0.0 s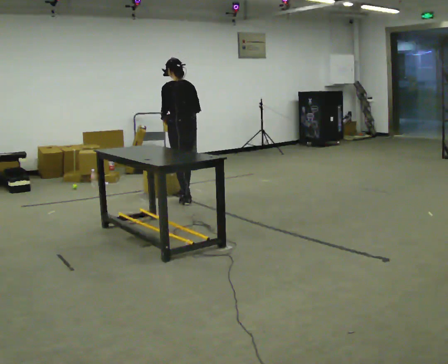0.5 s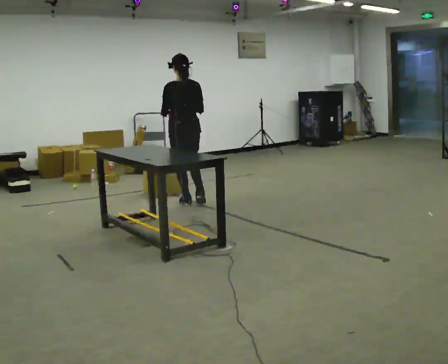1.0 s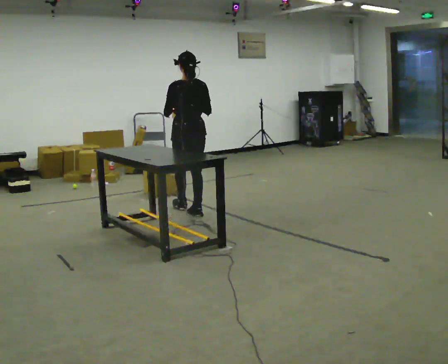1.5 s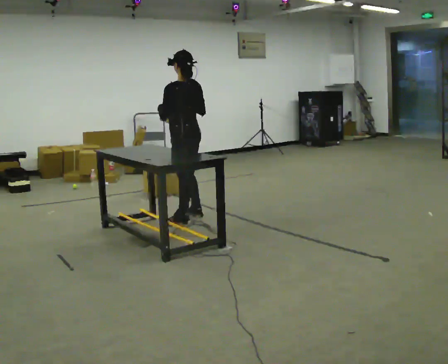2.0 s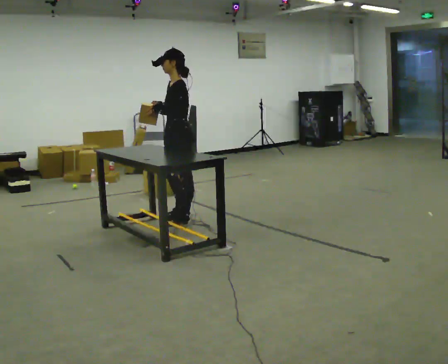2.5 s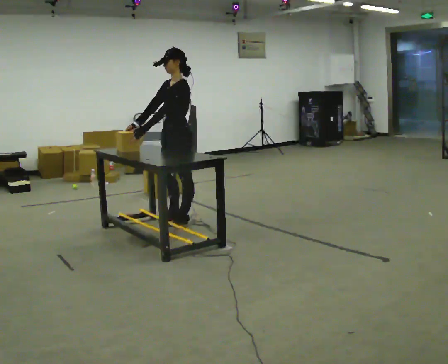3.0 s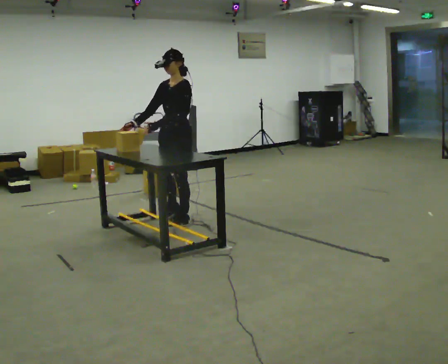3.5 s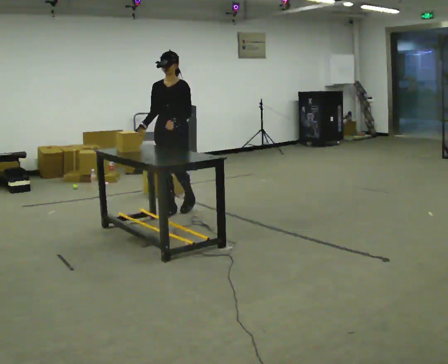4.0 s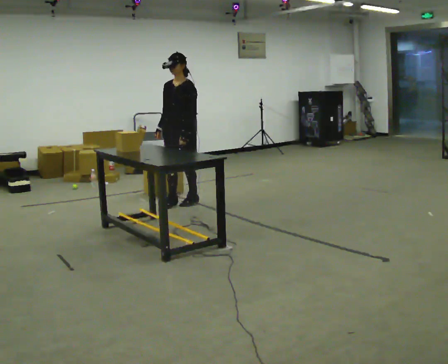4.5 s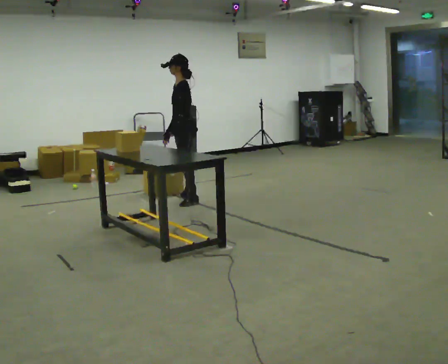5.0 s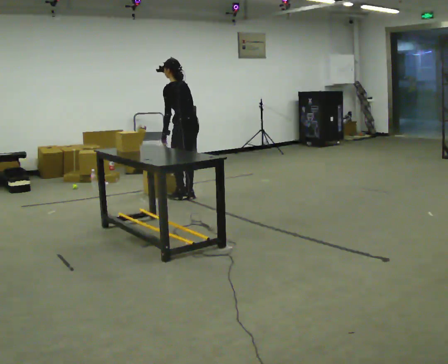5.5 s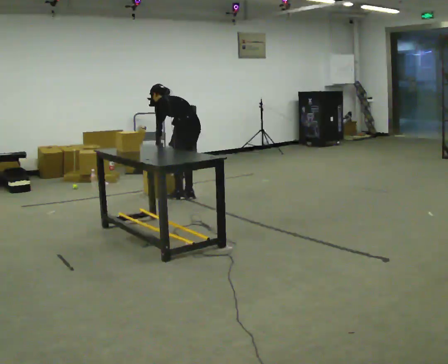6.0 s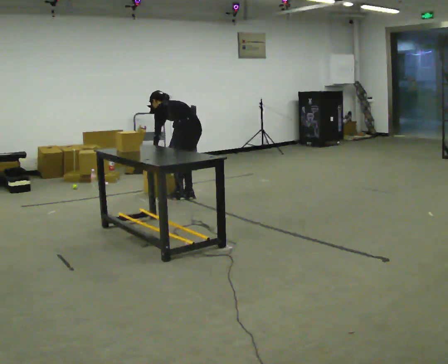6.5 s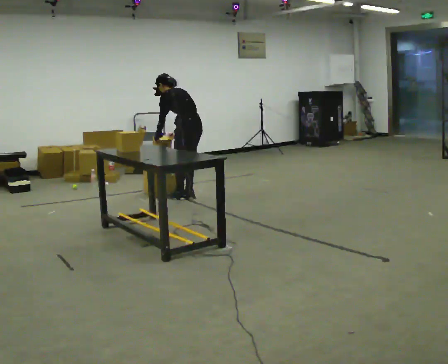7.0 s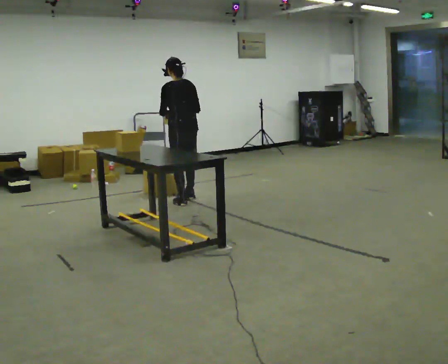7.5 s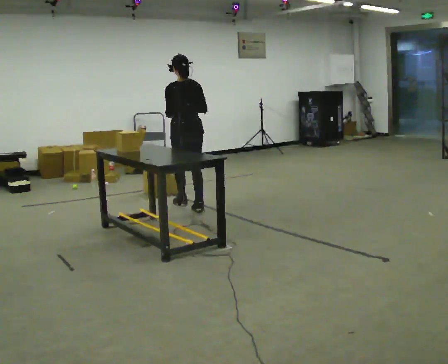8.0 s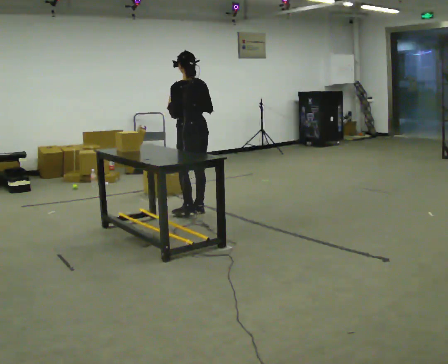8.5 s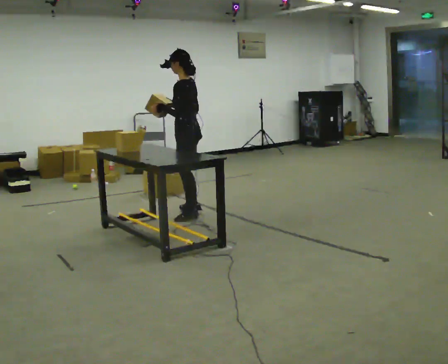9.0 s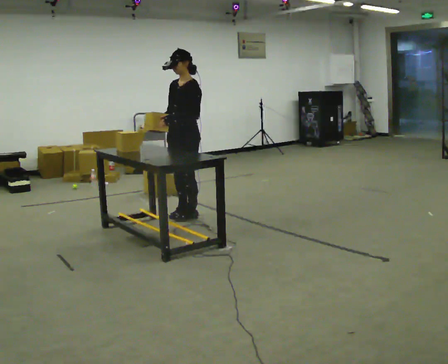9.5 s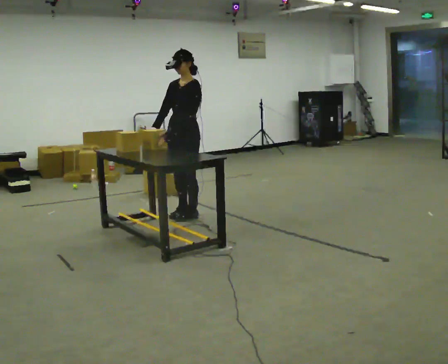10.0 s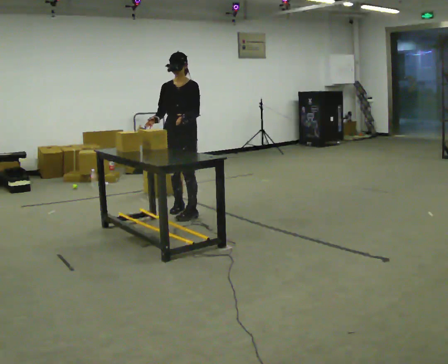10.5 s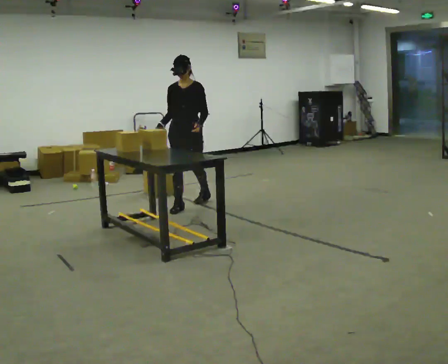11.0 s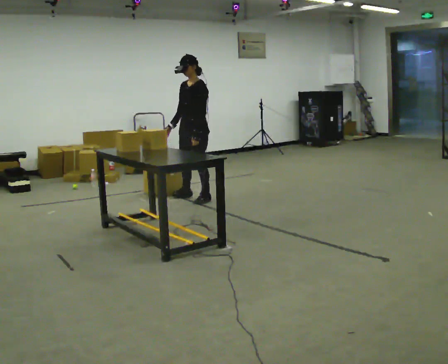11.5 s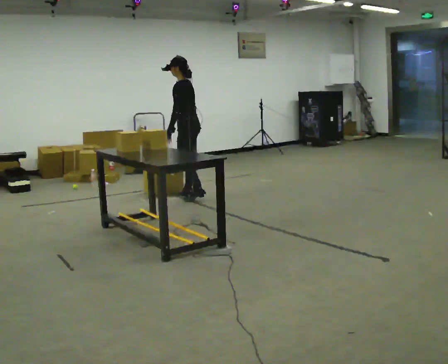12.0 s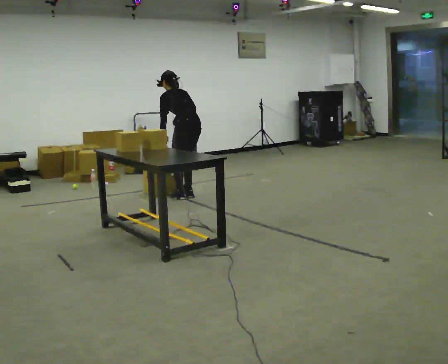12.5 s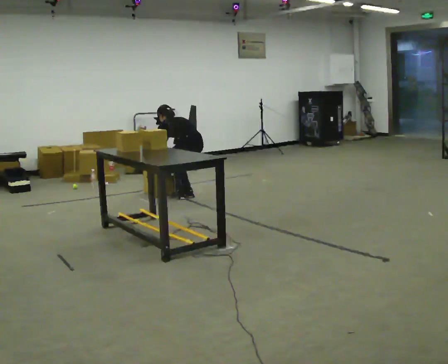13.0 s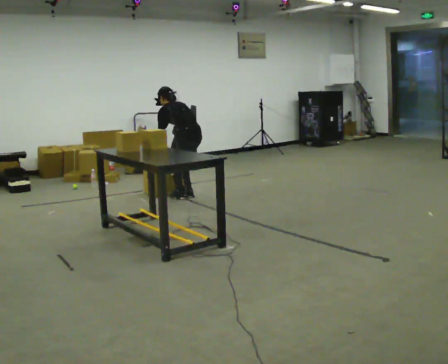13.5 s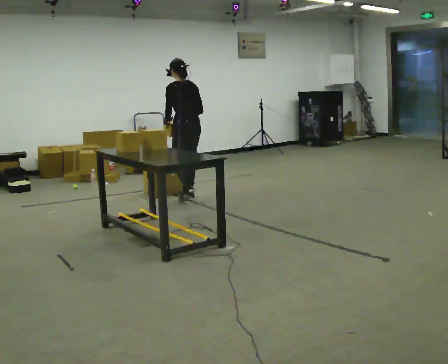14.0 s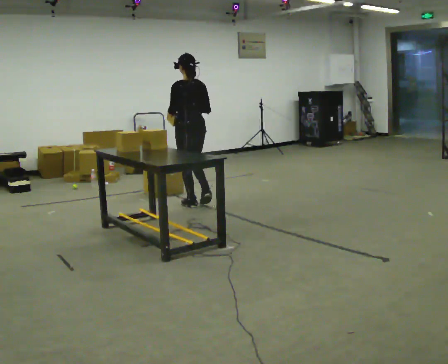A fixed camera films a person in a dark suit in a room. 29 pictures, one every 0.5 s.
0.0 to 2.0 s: Seen from above the body turns counterclockwise, about 75 degrees: to their left, with its near side sliding to the right. In the picture they go toward the camera, about 1 m in 3 steps.
2.0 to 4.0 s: Seen from above the body turns counterclockwise, about 45 degrees: to their left, with its near side sliding to the right. In the picture they go away from the camera, about 0.75 m in 3 steps.
4.0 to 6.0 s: The part of the body nearest the lens slides to the left as the person turns to their right by about 105 degrees. In the picture they go away from the camera, about 0.25 m in 1 step. The upper body goes downward. The upper body tips away from the camera, its near side rolling upward, as they bend forward.
6.0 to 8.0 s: In the picture they go toward the camera, about 0.5 m in 3 steps, which for them is backward. The shoulders move upward. The upper body tips toward the camera, its near side rolling downward, as they lean back or straighten. In the picture their right hand goes upward.
8.0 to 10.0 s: Seen from above the body turns counterclockwise, about 120 degrees: to their left, with its near side sliding to the right. In the picture their right hand goes to the left.
10.0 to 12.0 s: Seen from above the body turns clockwise, about 120 degrees: to their right, with its near side sliding to the left. In the picture they go away from the camera, about 0.75 m in 2 steps. The upper body tips away from the camera, its near side rolling upward, as they bend forward.
12.0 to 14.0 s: In the picture they go toward the camera, about 0.5 m in 2 steps, which for them is backward and to their left. In the picture their left hand goes upward.
The film runs backward here.
